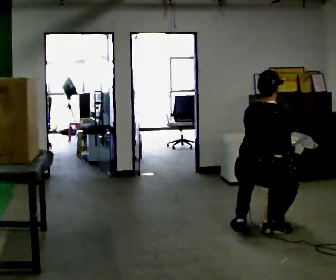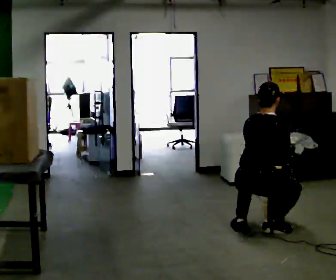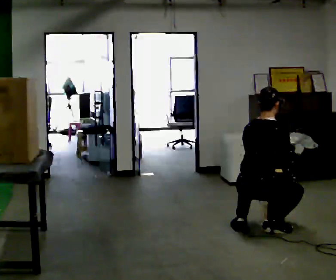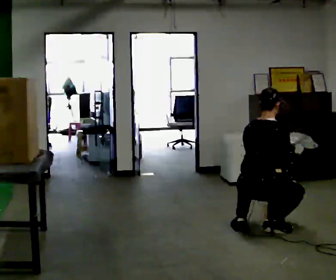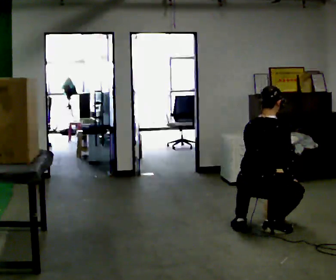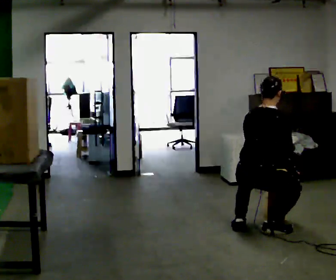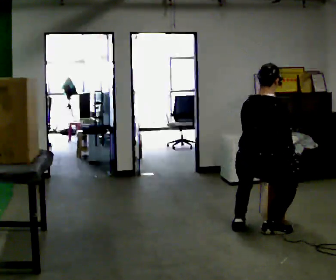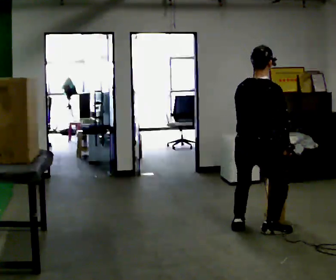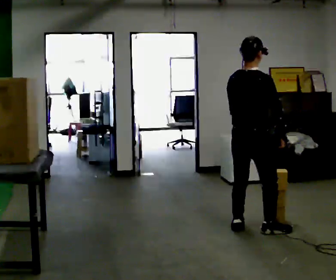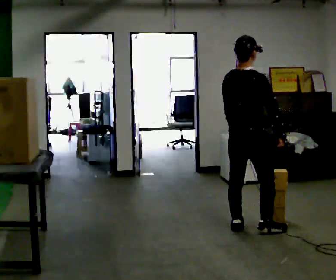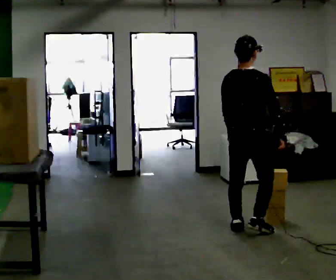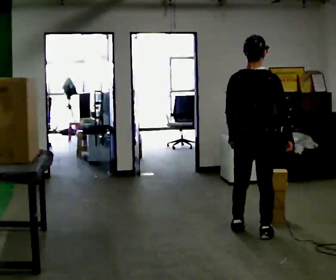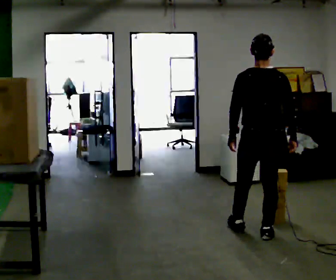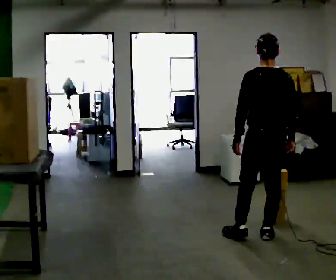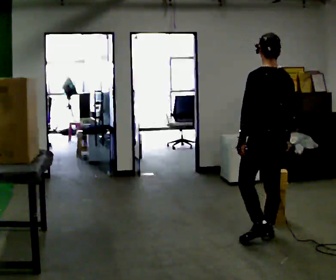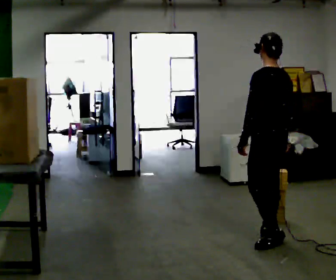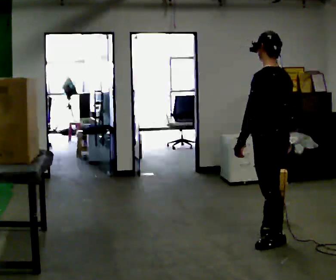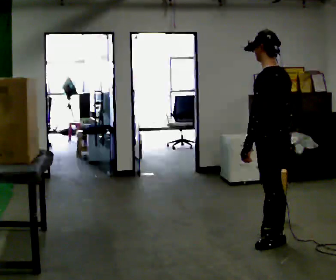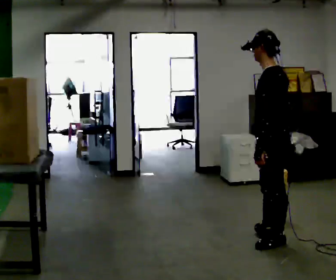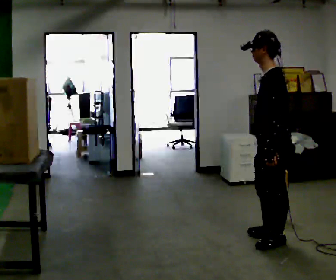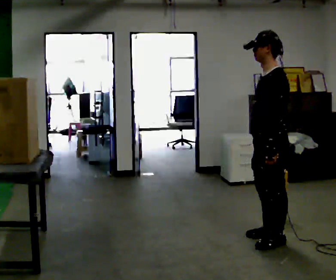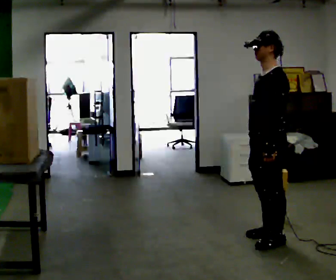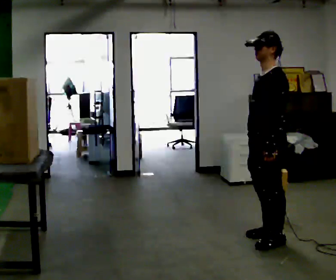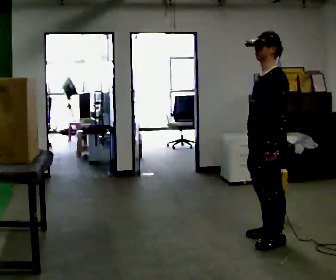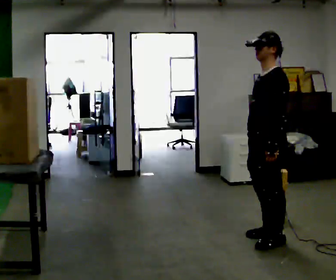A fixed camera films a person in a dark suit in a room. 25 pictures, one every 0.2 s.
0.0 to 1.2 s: The person moves a little, or ends about where they began.
1.2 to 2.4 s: The part of the body nearest the lens slides to the right as the person turns to their left by about 30 degrees. The shoulders move upward.
2.4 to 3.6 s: The part of the body nearest the lens slides to the right as the person turns to their left by about 75 degrees. In the picture they go toward the camera, about 0.25 m.
3.6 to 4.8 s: The person turns about 30 degrees to their left, counterclockwise seen from above, so the part of the body nearest the lens slides to the right.
The film runs backward here.
